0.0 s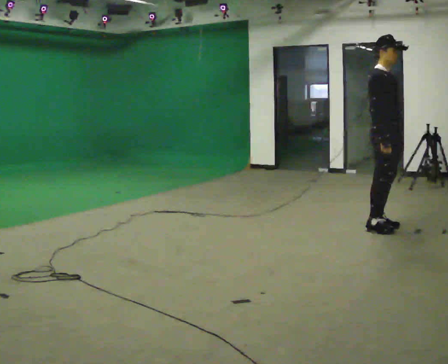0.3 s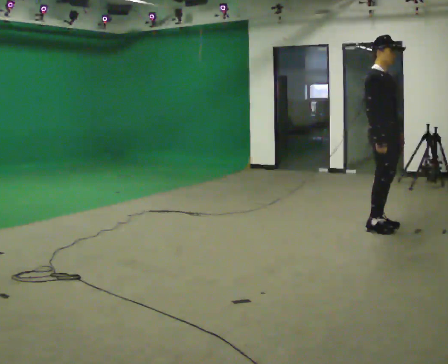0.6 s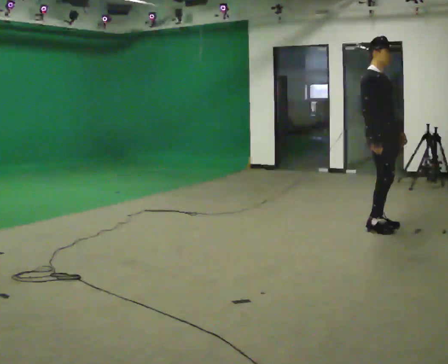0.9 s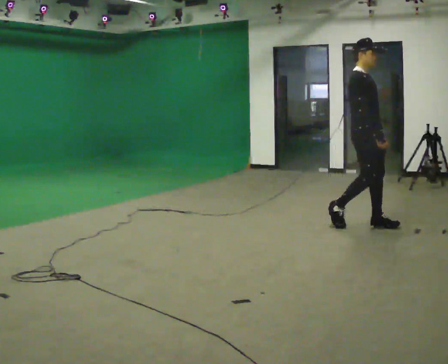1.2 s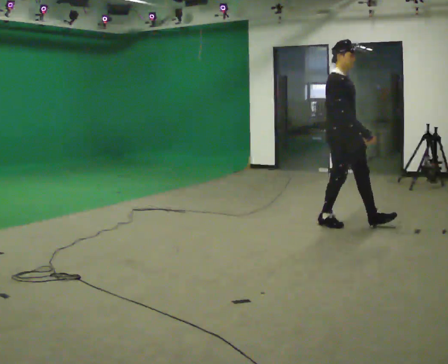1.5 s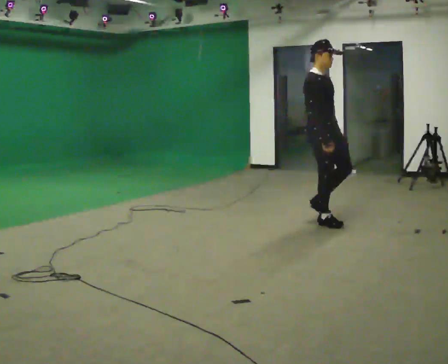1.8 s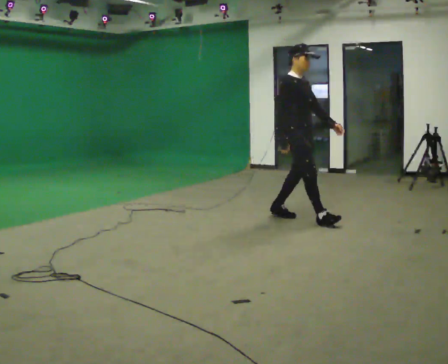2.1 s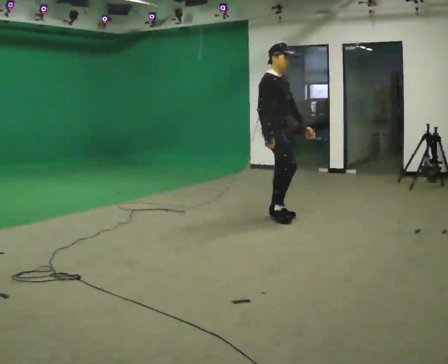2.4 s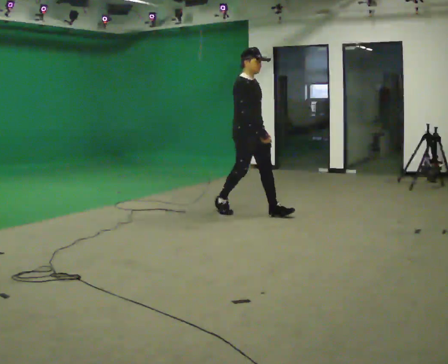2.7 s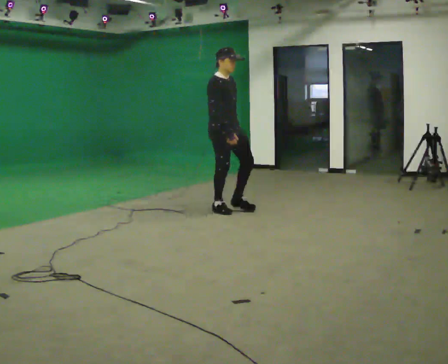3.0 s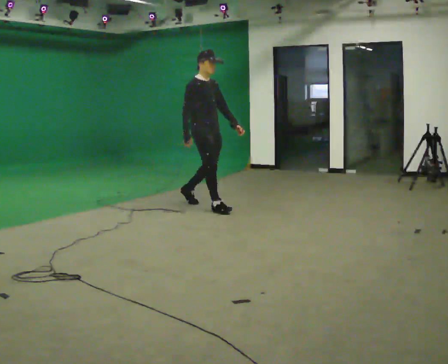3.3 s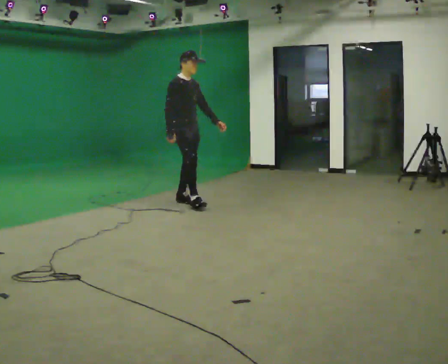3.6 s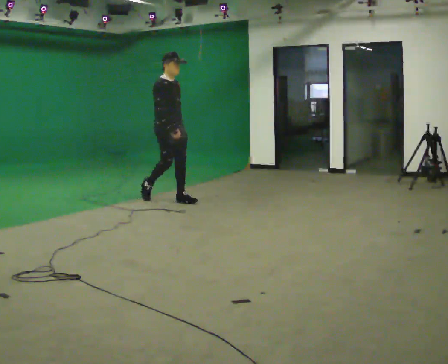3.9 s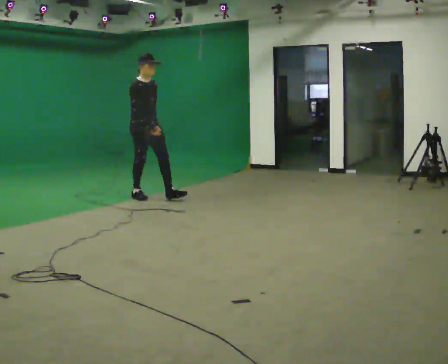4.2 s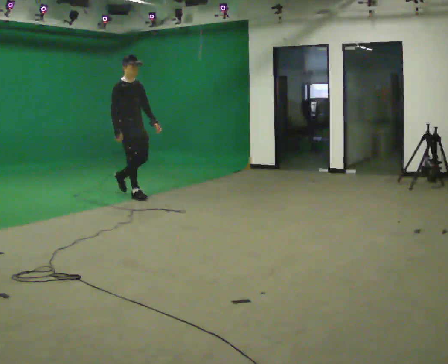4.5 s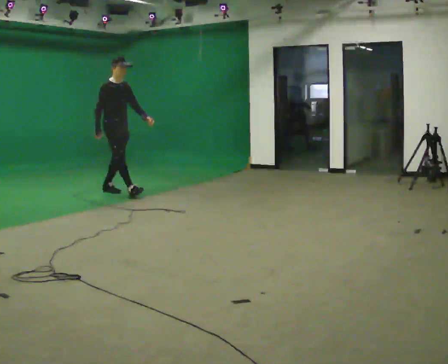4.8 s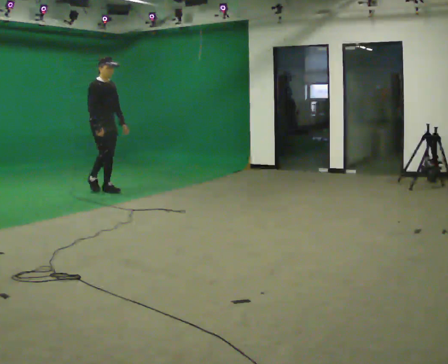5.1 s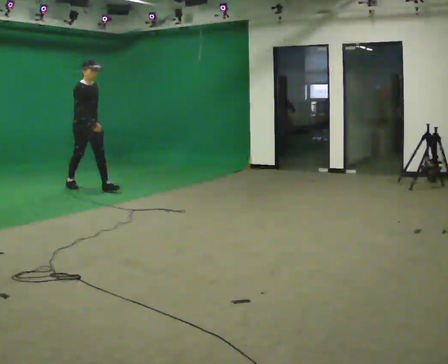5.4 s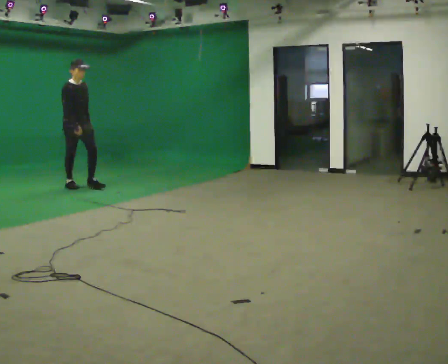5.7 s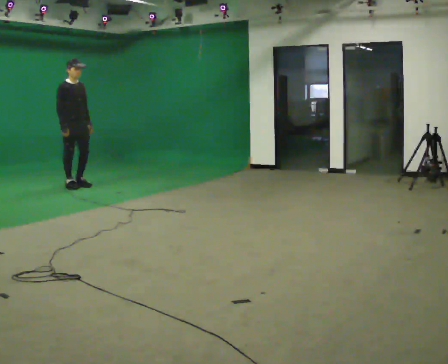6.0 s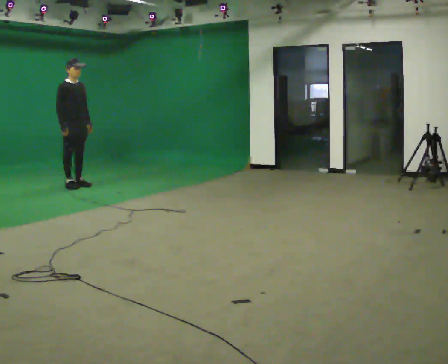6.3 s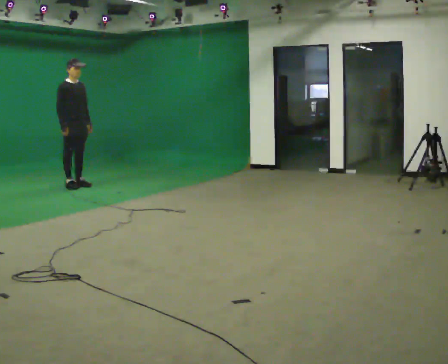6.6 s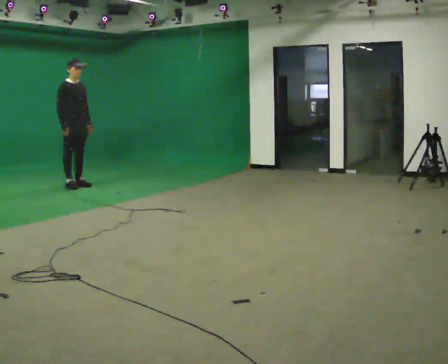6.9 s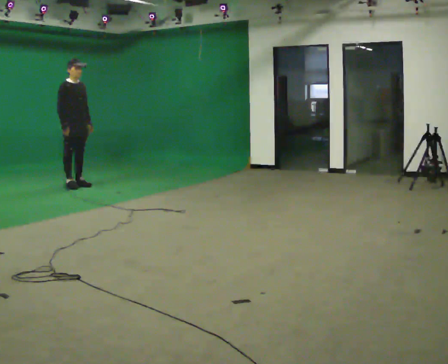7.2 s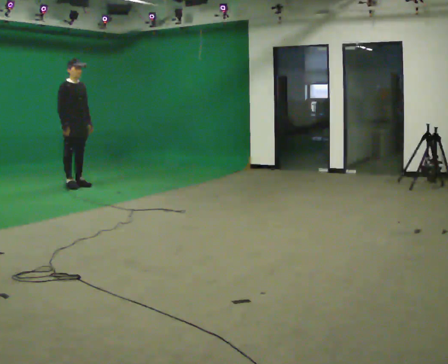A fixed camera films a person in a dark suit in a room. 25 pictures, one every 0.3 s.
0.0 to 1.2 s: In the picture they go to the left and away from the camera, about 0.5 m in 2 steps, which for them is backward.
1.2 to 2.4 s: In the picture they go to the left and away from the camera, about 1 m in 1 step, which for them is backward.
2.4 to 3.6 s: In the picture they go to the left and away from the camera, about 1 m in 2 steps, which for them is backward.
3.6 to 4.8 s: In the picture they go to the left and away from the camera, about 1 m in 2 steps, which for them is backward.
4.8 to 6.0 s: In the picture they go to the left and away from the camera, about 0.5 m in 1 step, which for them is backward.
6.0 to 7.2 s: The person moves a little, or ends about where they began.
The film runs backward here.
